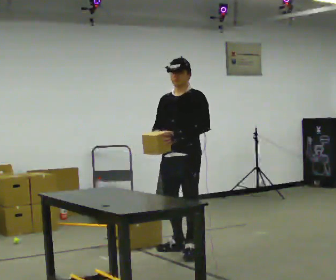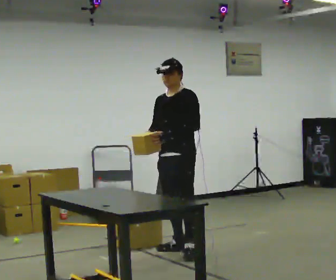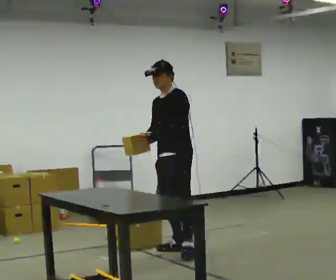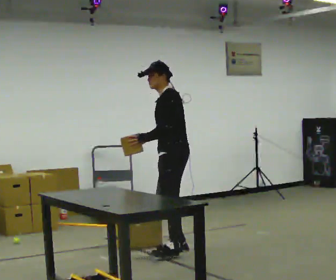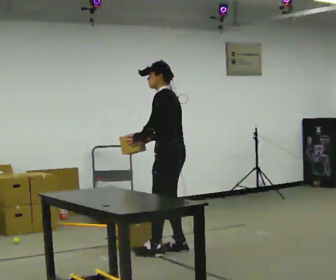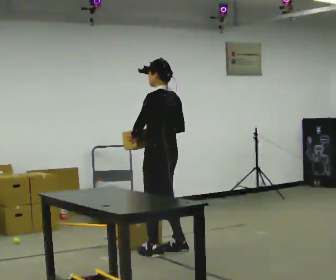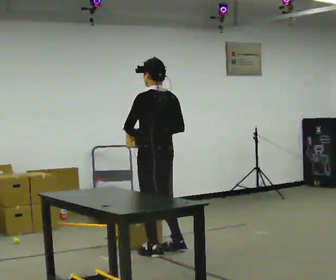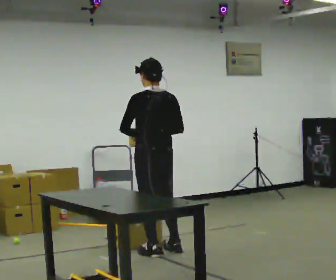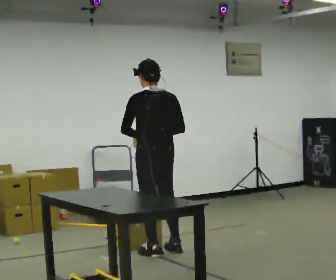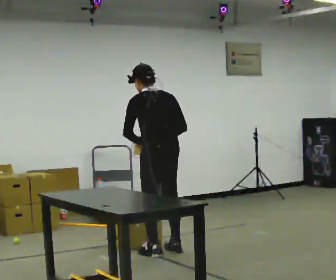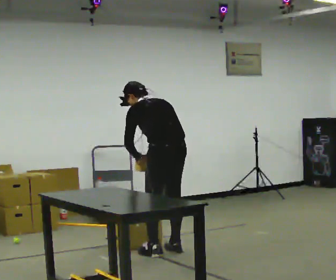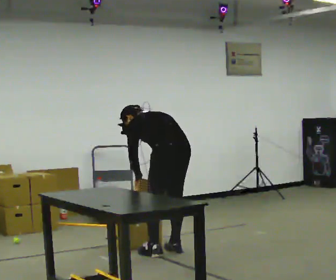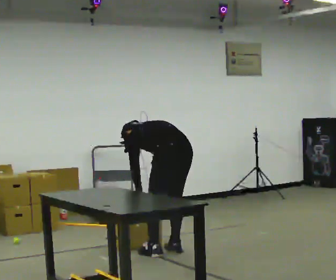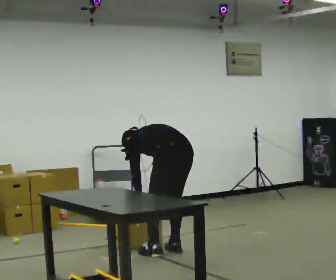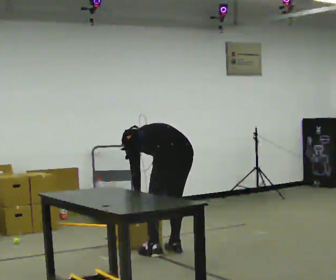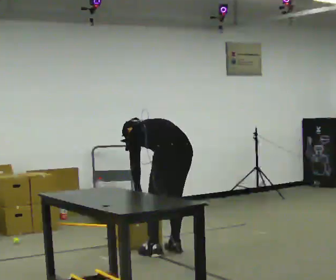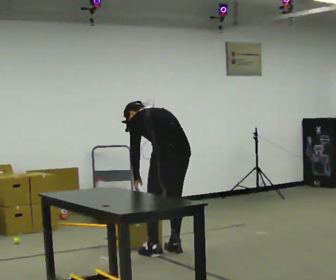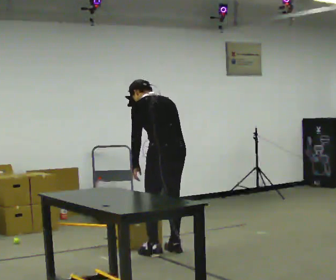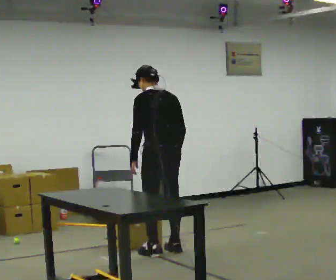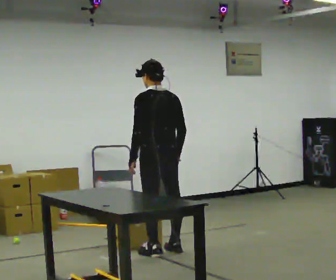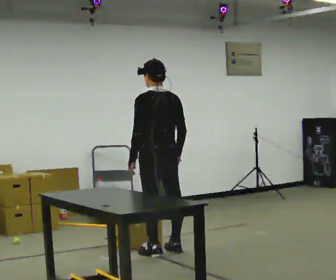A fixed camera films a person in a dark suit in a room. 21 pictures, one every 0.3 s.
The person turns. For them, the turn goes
to their right.
The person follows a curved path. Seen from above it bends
clockwise.
0.0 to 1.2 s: Seen from above the body turns clockwise, about 60 degrees: to their right, with its near side sliding to the left. In the picture their left hand goes to the left.
1.2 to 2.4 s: Seen from above the body turns clockwise, about 45 degrees: to their right, with its near side sliding to the left. In the picture they go to the left, about 0.25 m, which for them is to their left.
2.4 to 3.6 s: In the picture they go to the right, about 0.25 m, which for them is backward. The upper body goes downward. The upper body tips away from the camera, its near side rolling upward, as they bend forward. In the picture their left hand goes downward.
3.6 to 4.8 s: The person moves a little, or ends about where they began.
4.8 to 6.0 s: The shoulders move upward. The upper body tips toward the camera, its near side rolling downward, as they lean back or straighten.
The film runs backward here.
